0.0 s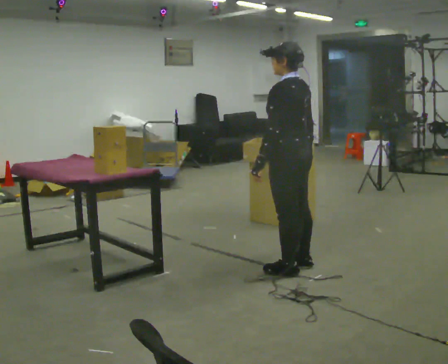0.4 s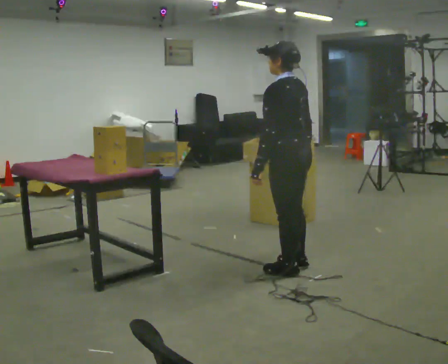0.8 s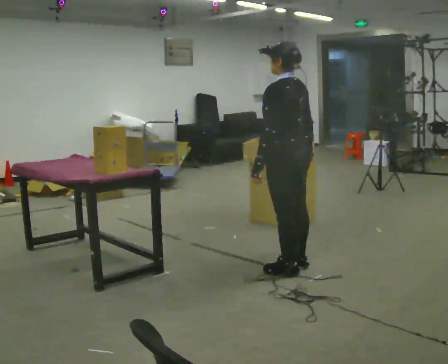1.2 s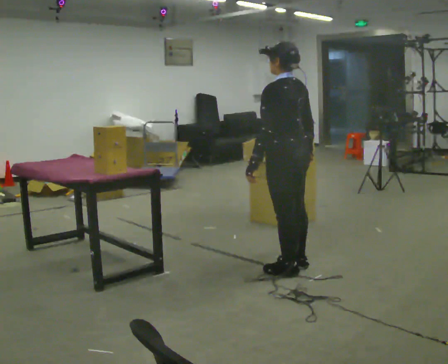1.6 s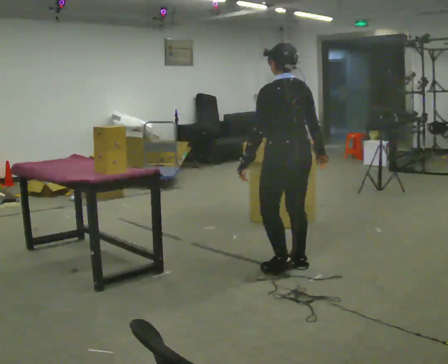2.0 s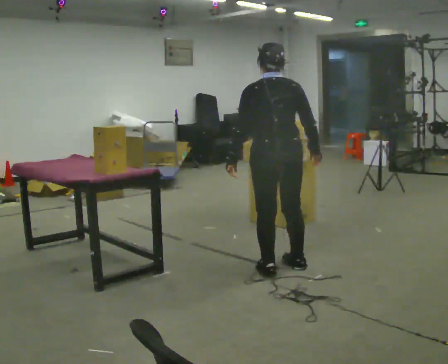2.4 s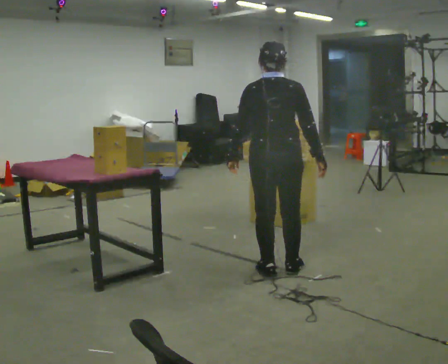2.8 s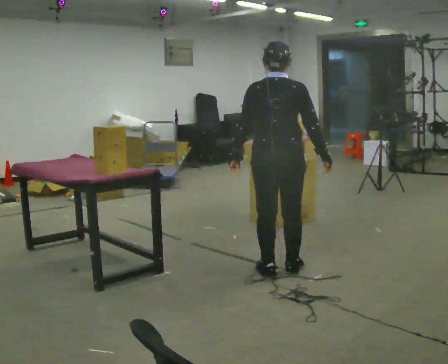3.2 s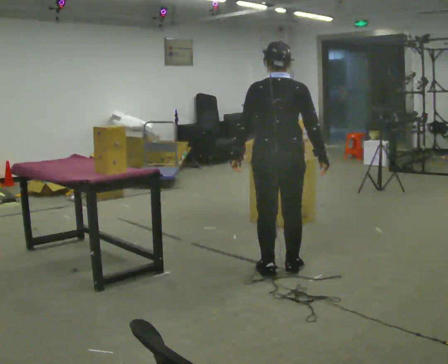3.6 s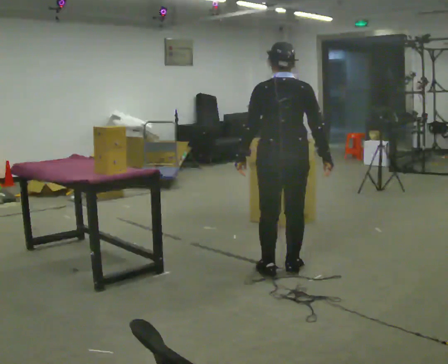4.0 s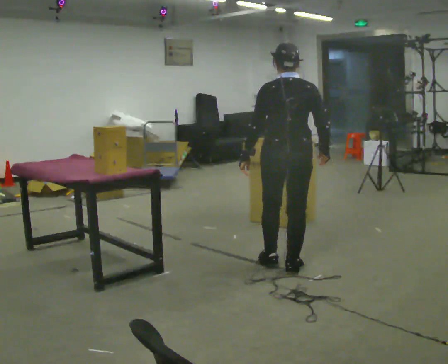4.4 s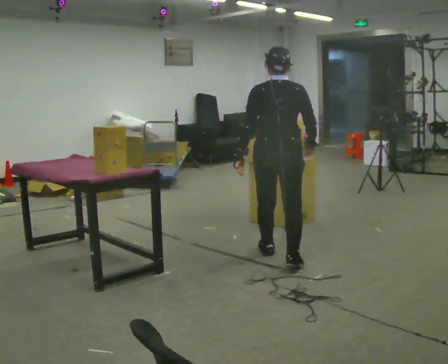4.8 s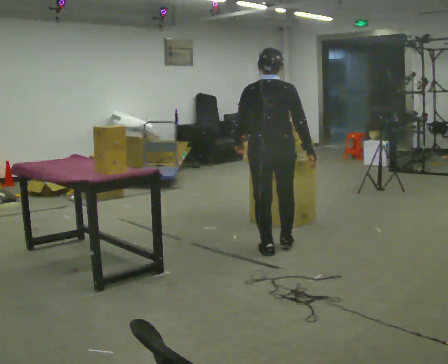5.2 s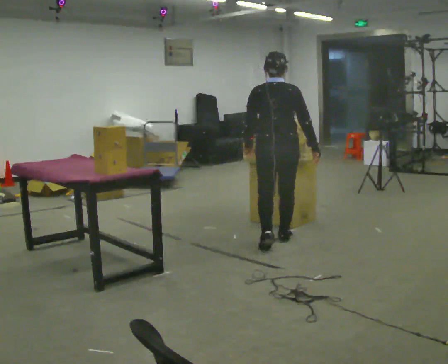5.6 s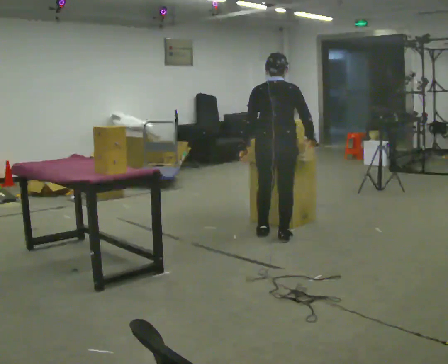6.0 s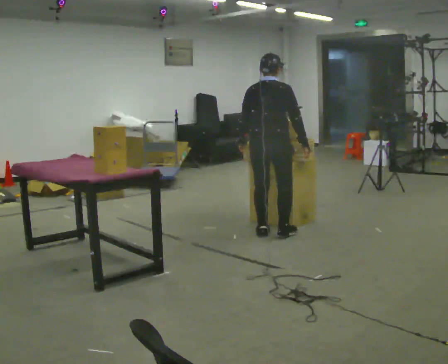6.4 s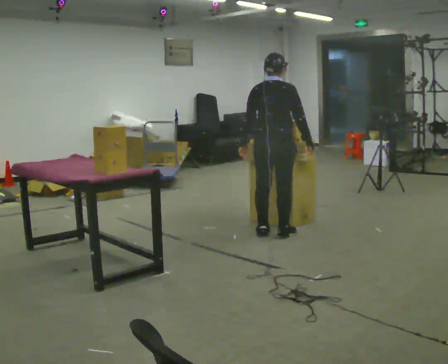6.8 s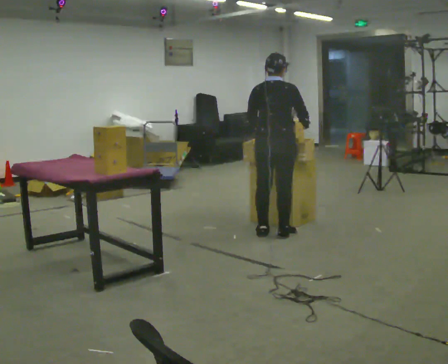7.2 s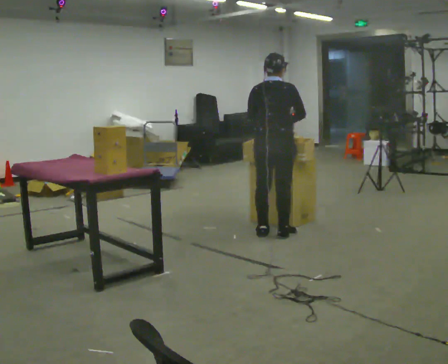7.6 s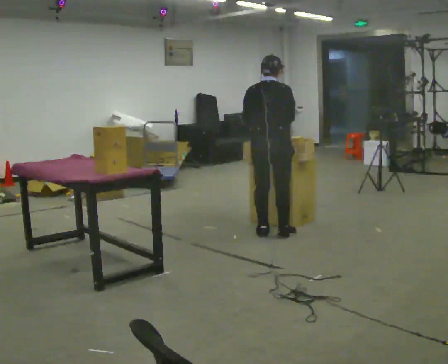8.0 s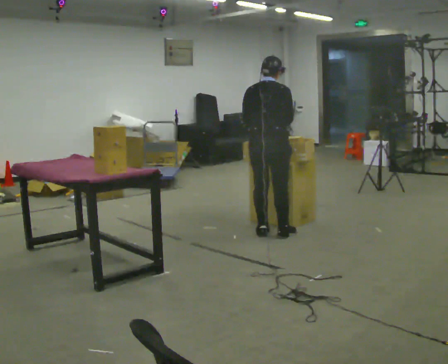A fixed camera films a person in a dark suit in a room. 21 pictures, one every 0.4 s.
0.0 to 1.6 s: The person turns about 30 degrees to their right, clockwise seen from above, so the part of the body nearest the lens slides to the left.
1.6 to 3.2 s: The part of the body nearest the lens slides to the left as the person turns to their right by about 30 degrees.
3.2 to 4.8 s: In the picture they go away from the camera, about 0.5 m in 1 step, which for them is forward.
4.8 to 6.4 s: In the picture they go away from the camera, about 0.5 m in 2 steps, which for them is forward.
6.4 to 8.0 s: The person moves a little, or ends about where they began.
The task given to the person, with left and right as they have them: Take the objects the operator names off the crowded shelf, one at a time, and carry each one to the table. You will have to move other things out of the way to reach them. Keep going until the operator says stop; one object at a time, and do not rush between trips.
The film runs forward here.
